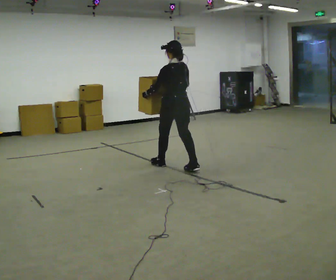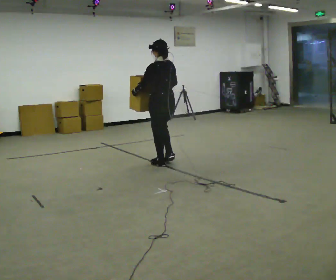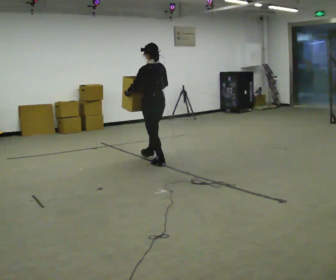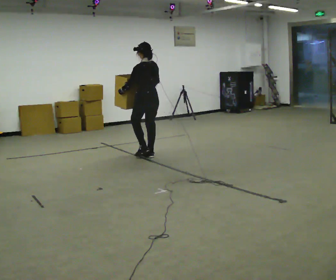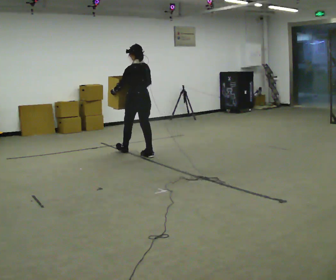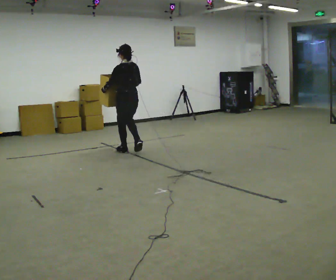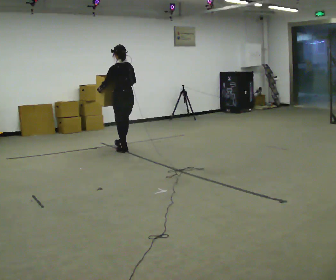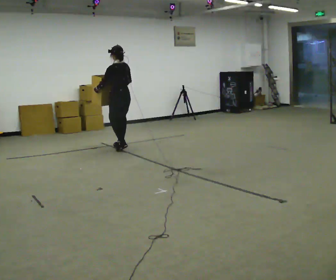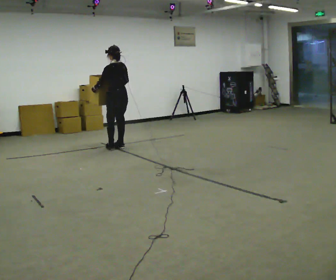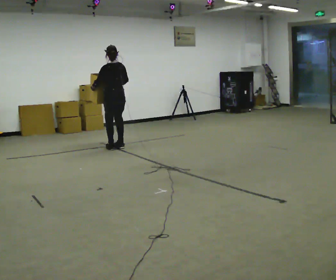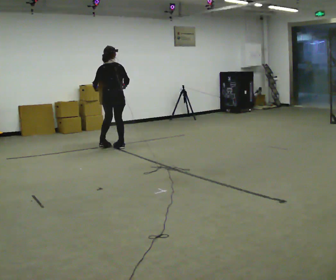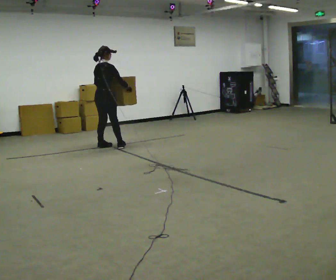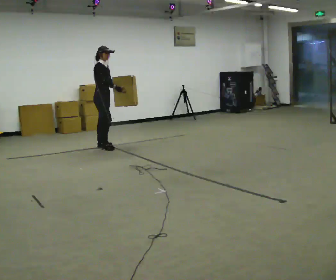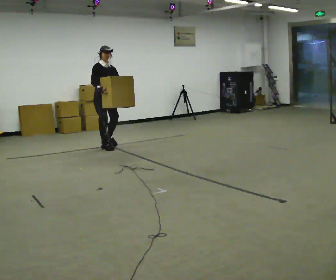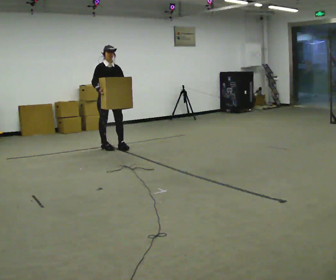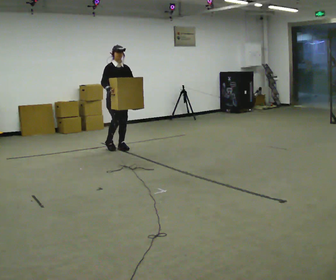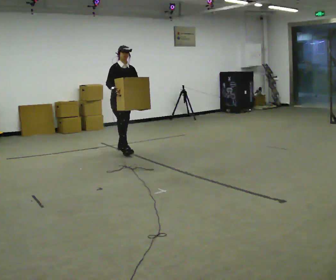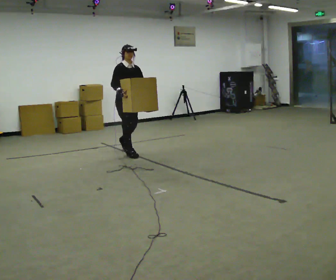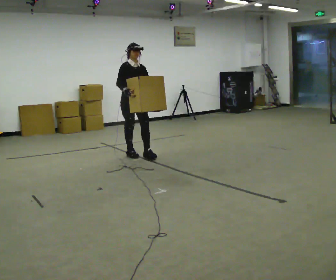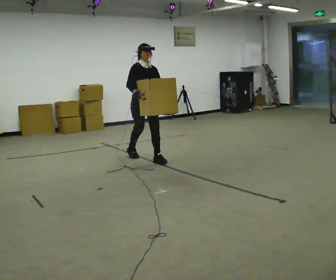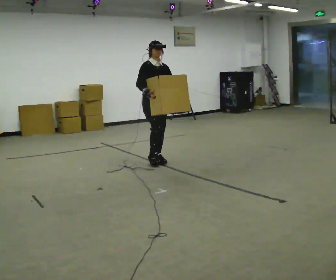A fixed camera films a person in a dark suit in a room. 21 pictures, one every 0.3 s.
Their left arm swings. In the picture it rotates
counterclockwise.
0.0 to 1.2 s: In the picture they go away from the camera and to the left, about 1 m in 2 steps, which for them is forward.
1.2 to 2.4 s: In the picture they go away from the camera and to the left, about 0.5 m in 2 steps, which for them is forward.
2.4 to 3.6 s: The part of the body nearest the lens slides to the left as the person turns to their right by about 150 degrees. In the picture they go to the left, about 0.25 m in 2 steps.
3.6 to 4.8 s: The part of the body nearest the lens slides to the left as the person turns to their right by about 45 degrees. In the picture they go to the right and toward the camera, about 0.5 m in 1 step, which for them is forward and to their left.
4.8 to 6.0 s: In the picture they go toward the camera and to the right, about 1 m in 2 steps, which for them is forward.
The film runs forward here.
